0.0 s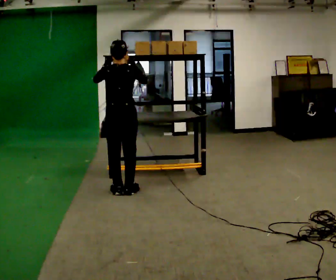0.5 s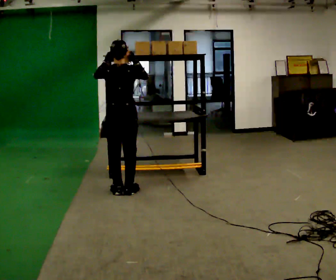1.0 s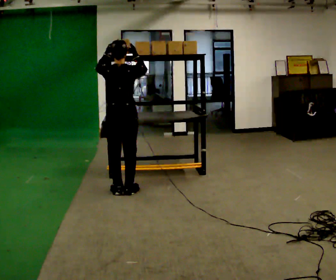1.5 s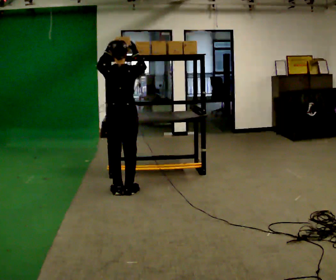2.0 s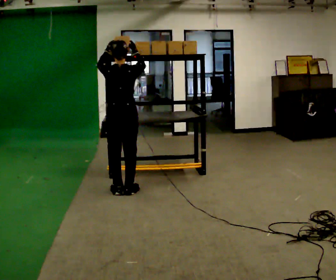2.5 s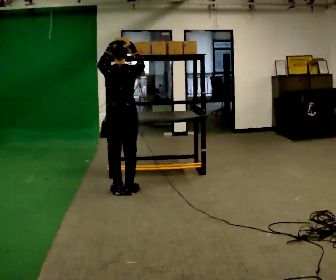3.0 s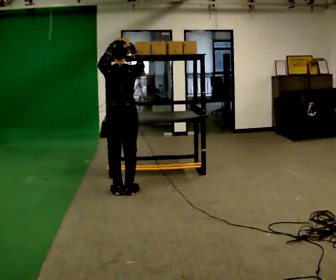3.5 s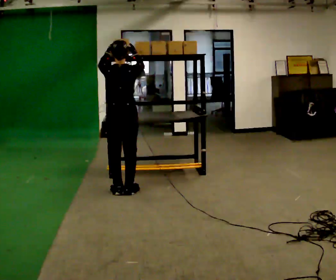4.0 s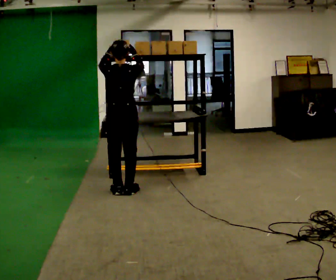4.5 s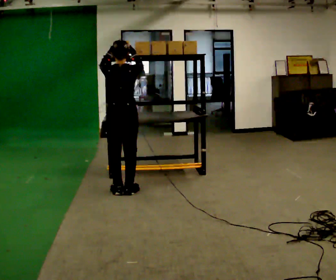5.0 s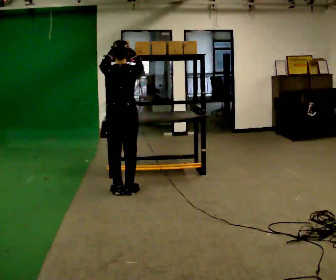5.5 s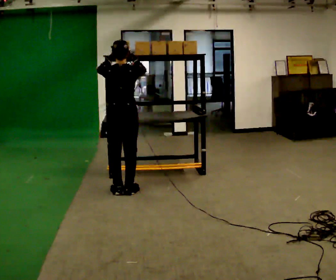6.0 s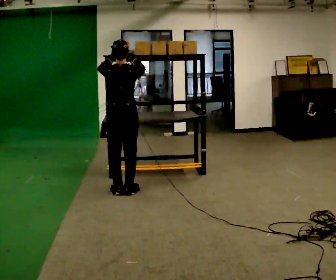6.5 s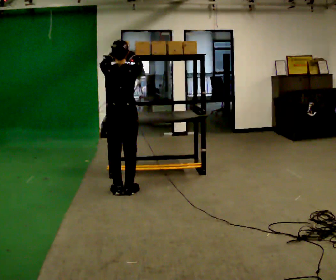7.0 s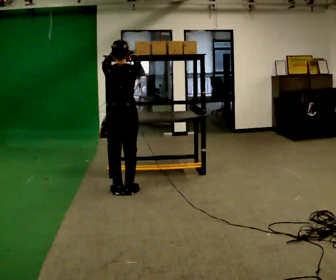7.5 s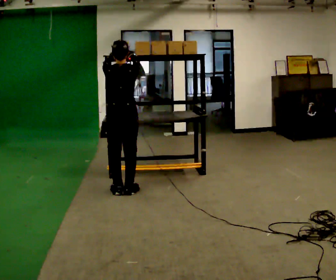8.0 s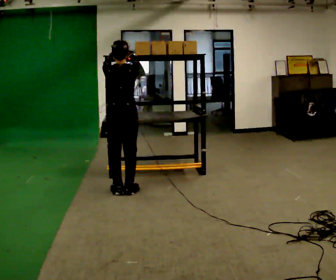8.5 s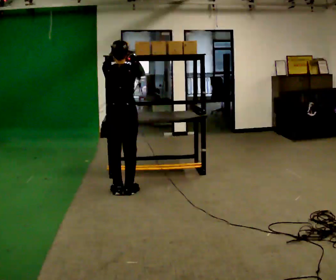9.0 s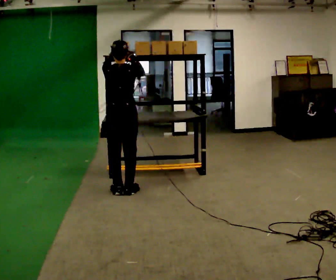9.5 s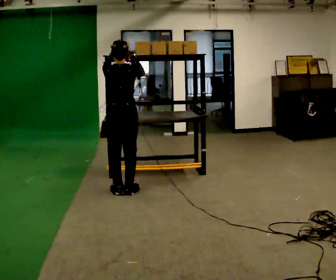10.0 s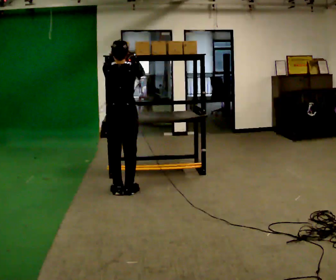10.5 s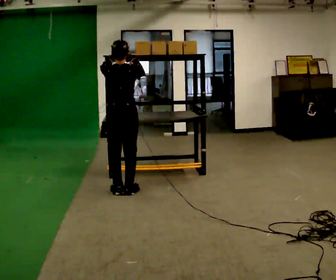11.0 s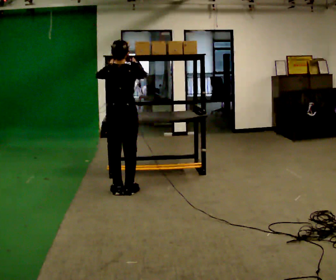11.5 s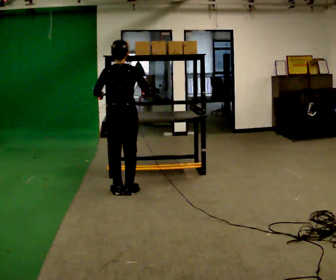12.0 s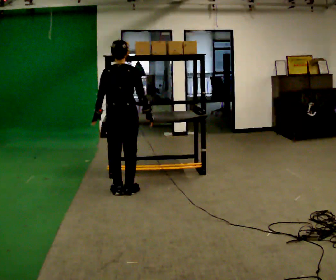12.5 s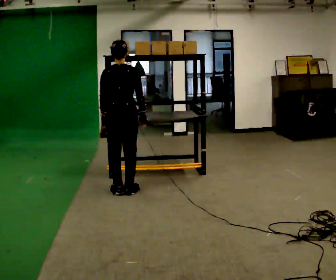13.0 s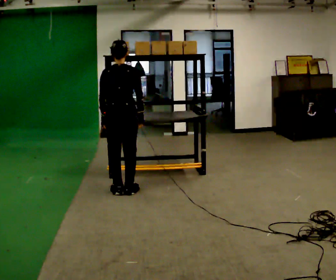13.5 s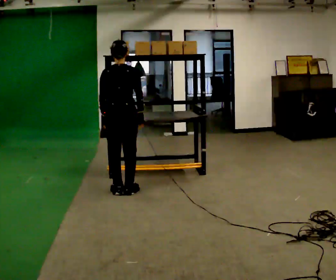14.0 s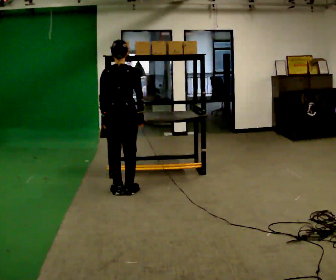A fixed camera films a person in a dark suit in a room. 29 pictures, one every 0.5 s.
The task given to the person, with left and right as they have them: Take an object from the lowest shelf, carry it across the room, and place it on the highest shelf you can comfortably reach. Keep going until the operator says stop; one object at a time, and do not rush between trips.
0.0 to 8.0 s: The person moves a little, or ends about where they began.
8.0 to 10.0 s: The person keeps their place and pose.
10.0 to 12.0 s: In the picture their right hand goes downward.
12.0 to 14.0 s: The person moves a little, or ends about where they began.
The film runs forward here.
